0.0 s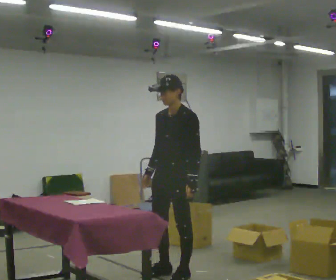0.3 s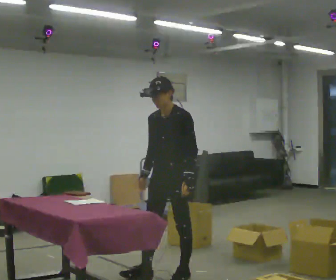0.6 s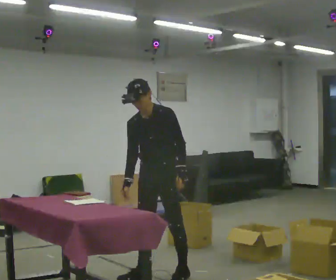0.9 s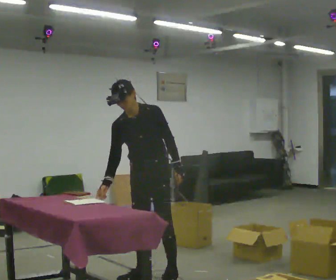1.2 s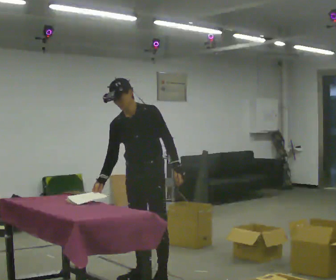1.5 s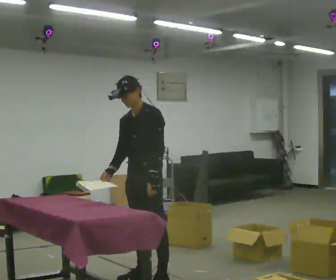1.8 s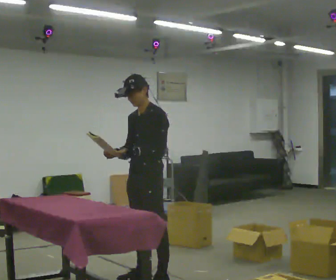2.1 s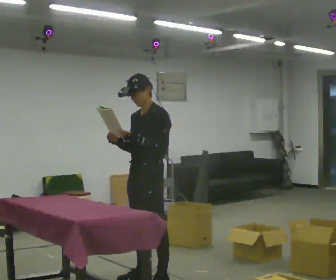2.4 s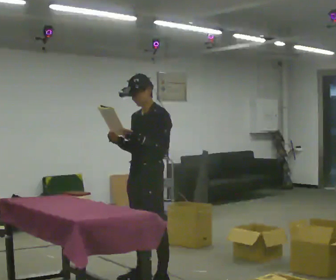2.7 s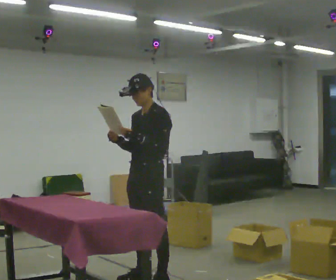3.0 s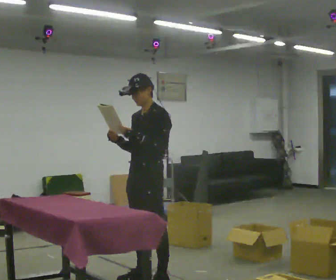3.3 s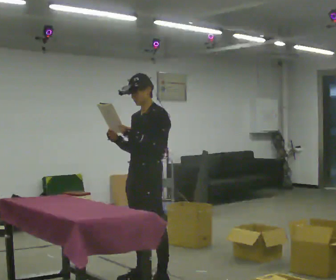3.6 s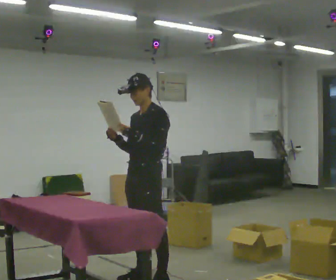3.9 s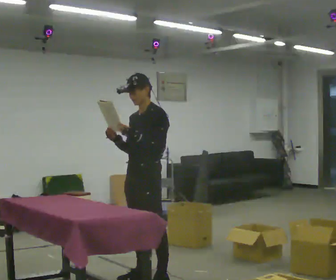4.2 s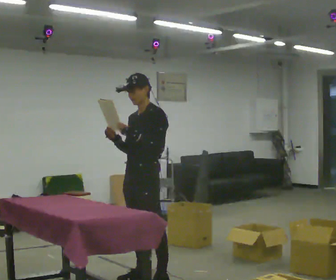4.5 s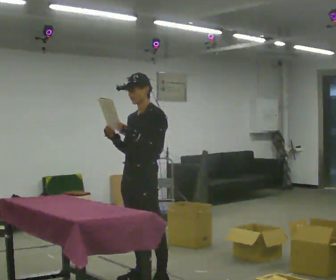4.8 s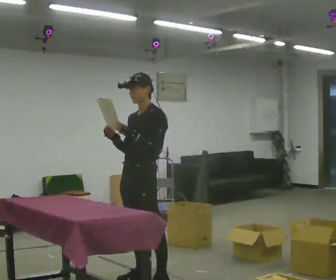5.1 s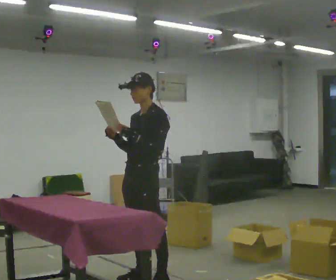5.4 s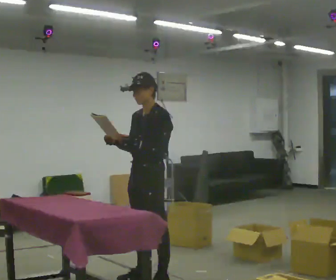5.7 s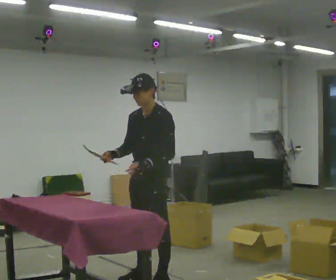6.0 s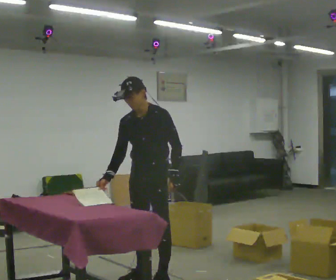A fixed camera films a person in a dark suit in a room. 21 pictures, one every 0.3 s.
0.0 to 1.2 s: The part of the body nearest the lens slides to the right as the person turns to their left by about 30 degrees. In the picture they go to the left, about 0.25 m in 2 steps, which for them is to their right and forward. In the picture the upper body tilts counterclockwise, shoulders to the left.
1.2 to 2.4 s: Seen from above the body turns clockwise, about 30 degrees: to their right, with its near side sliding to the left. In the picture the upper body tilts clockwise, shoulders to the right.
2.4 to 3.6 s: The person keeps their place and pose.
3.6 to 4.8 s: The person moves a little, or ends about where they began.
4.8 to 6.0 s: In the picture the upper body tilts counterclockwise, shoulders to the left, as they bend forward.
The film runs backward here.
